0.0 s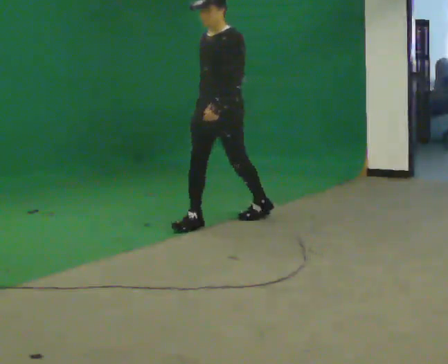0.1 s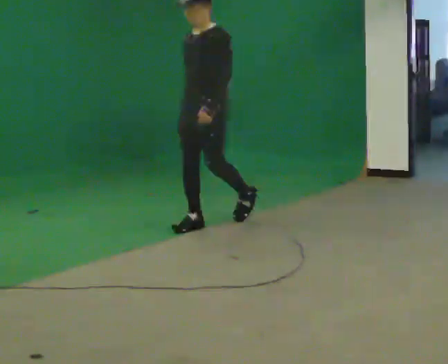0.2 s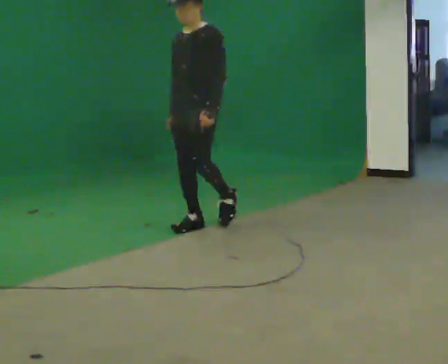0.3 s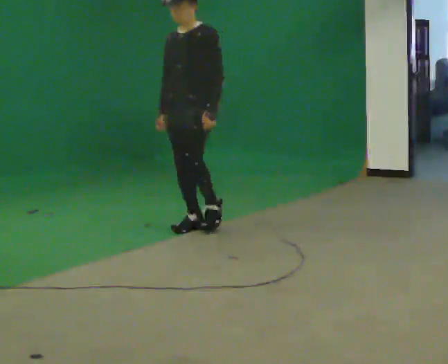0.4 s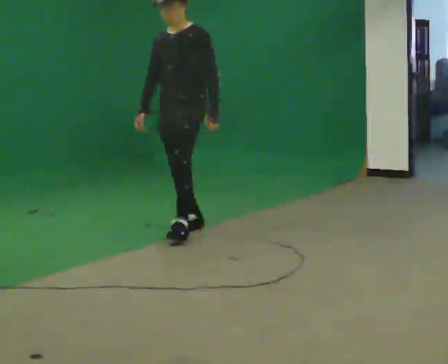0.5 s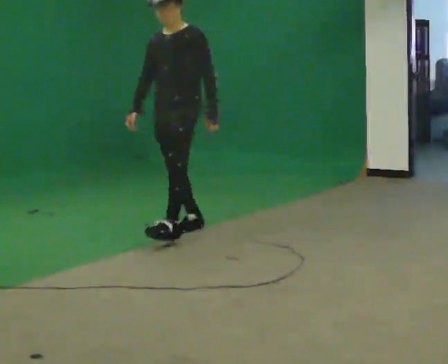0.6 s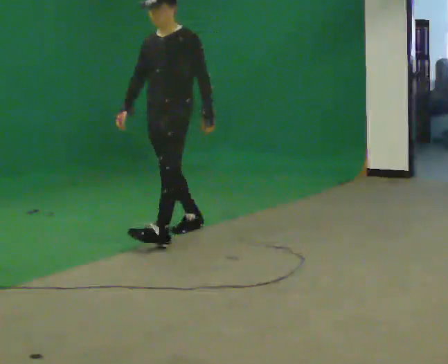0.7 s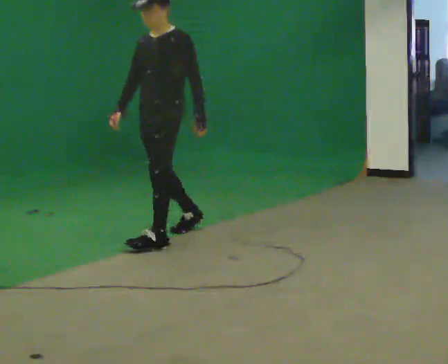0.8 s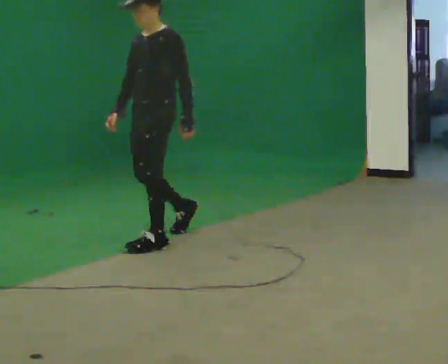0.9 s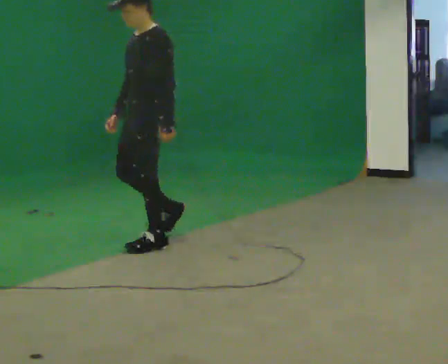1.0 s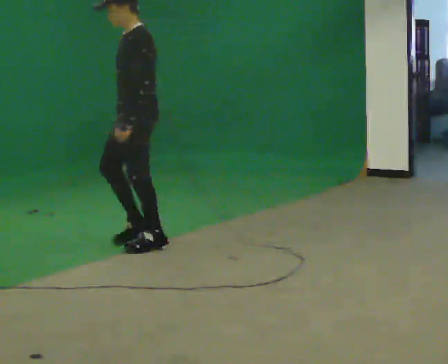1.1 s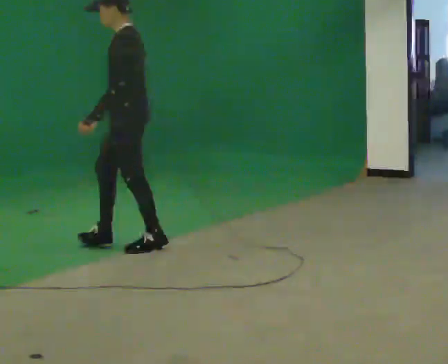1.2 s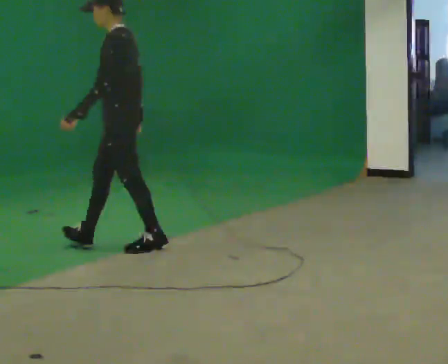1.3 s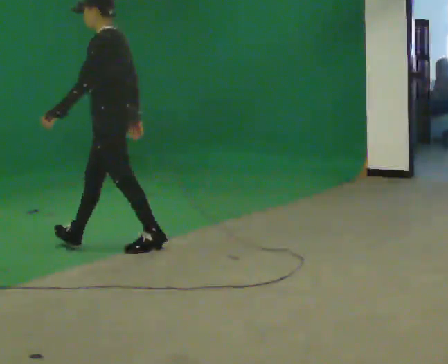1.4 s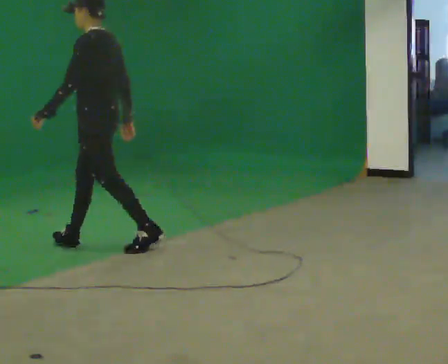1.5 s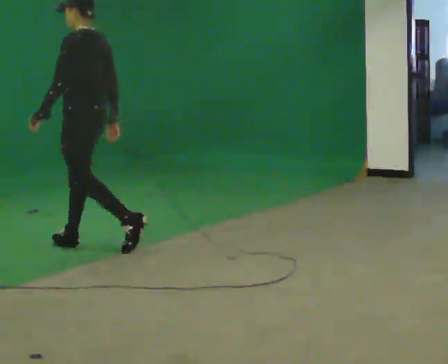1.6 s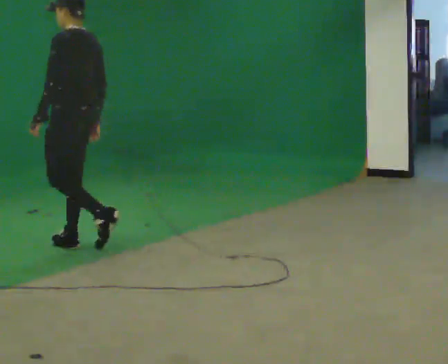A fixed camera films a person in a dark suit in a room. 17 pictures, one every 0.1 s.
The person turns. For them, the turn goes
to their right.
The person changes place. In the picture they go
to the left.
0.0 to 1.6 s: The person turns about 75 degrees to their right, clockwise seen from above, so the part of the body nearest the lens slides to the left. In the picture they go to the left and toward the camera, about 1 m in 2 steps.
The film runs forward here.
